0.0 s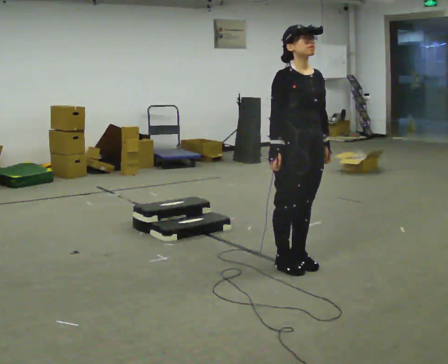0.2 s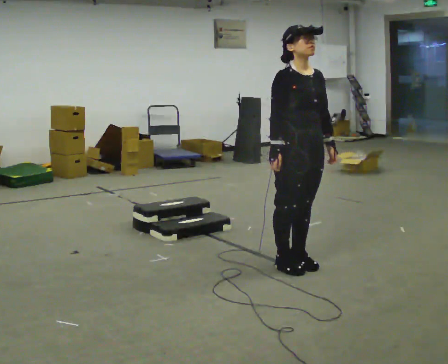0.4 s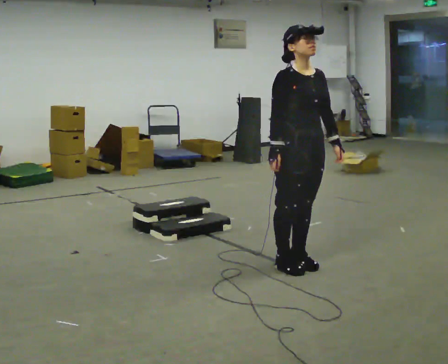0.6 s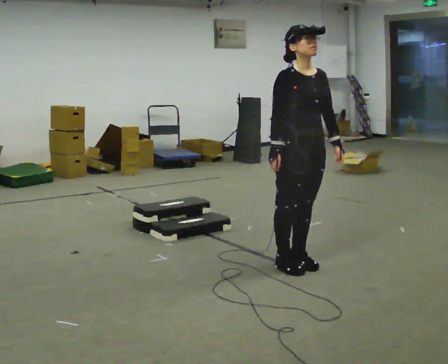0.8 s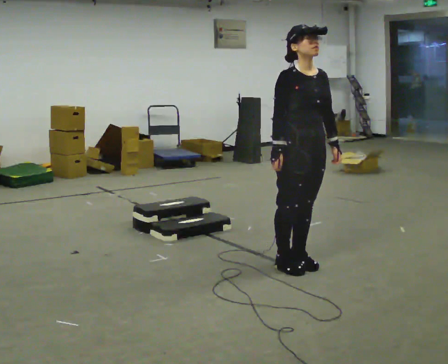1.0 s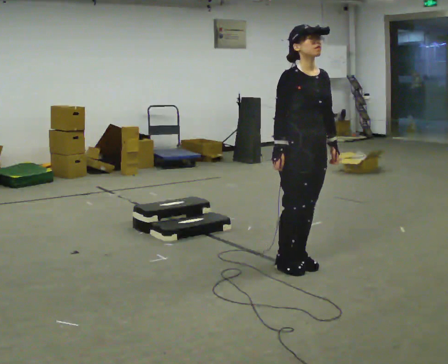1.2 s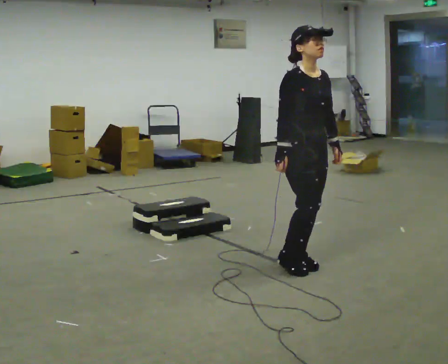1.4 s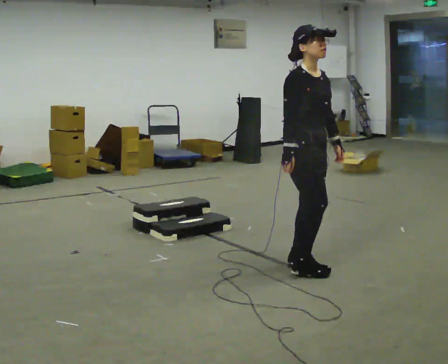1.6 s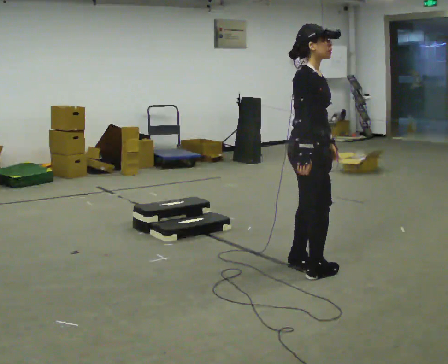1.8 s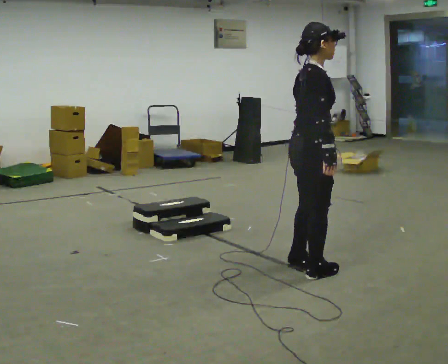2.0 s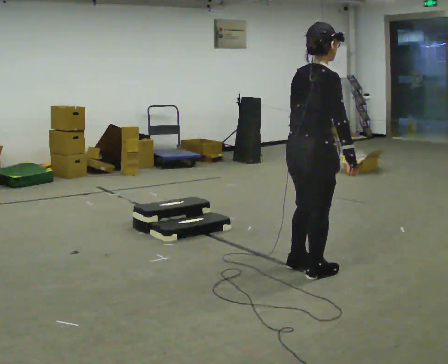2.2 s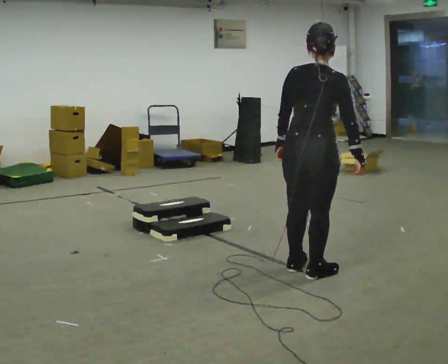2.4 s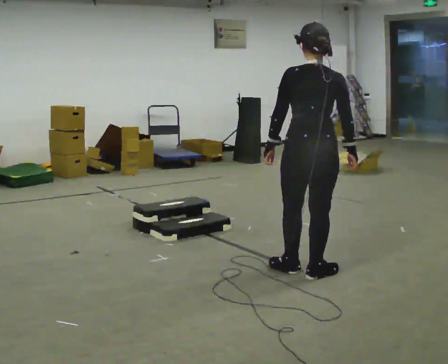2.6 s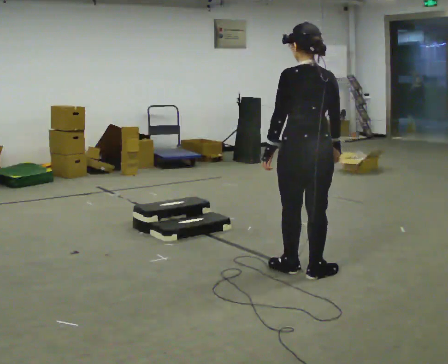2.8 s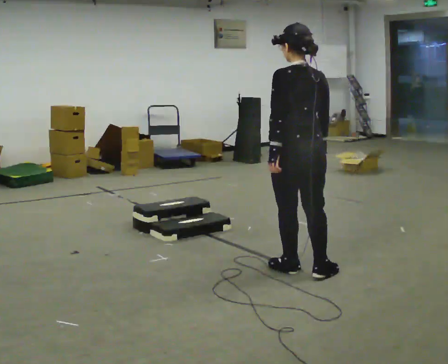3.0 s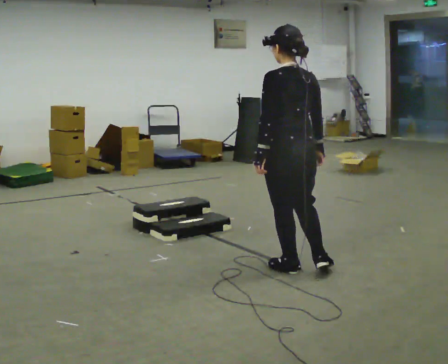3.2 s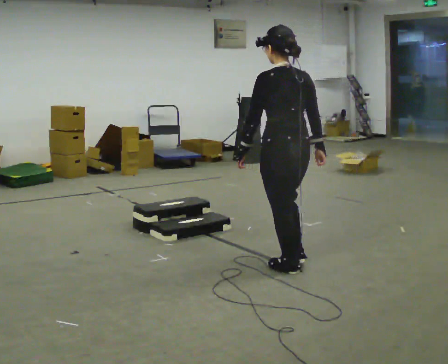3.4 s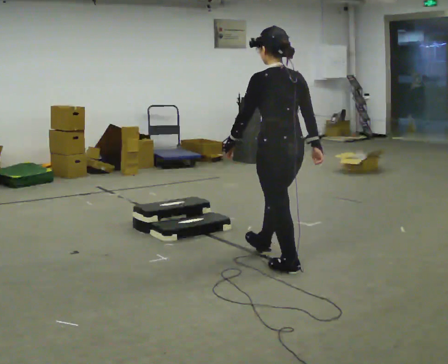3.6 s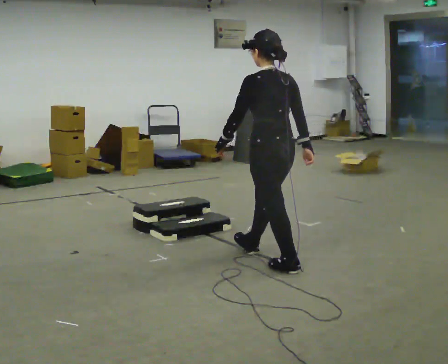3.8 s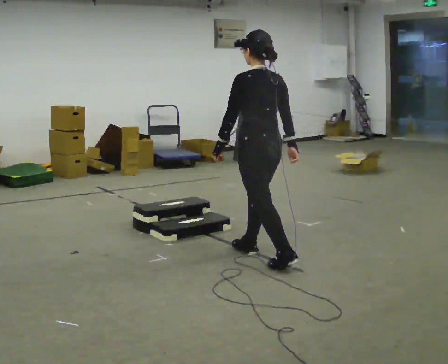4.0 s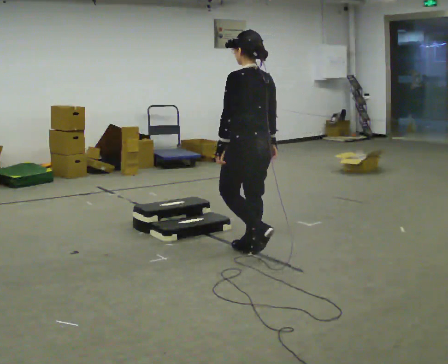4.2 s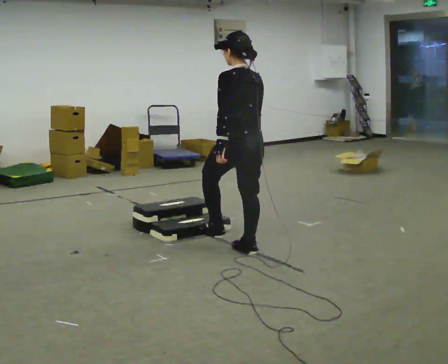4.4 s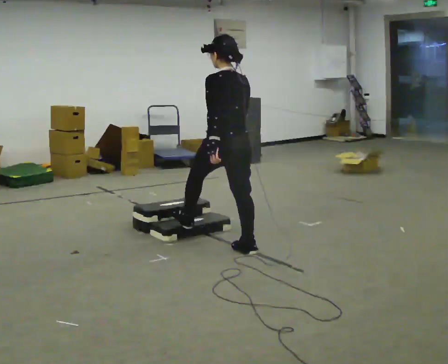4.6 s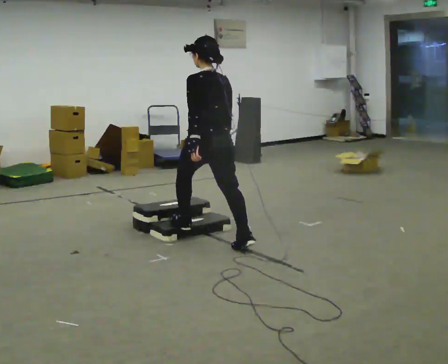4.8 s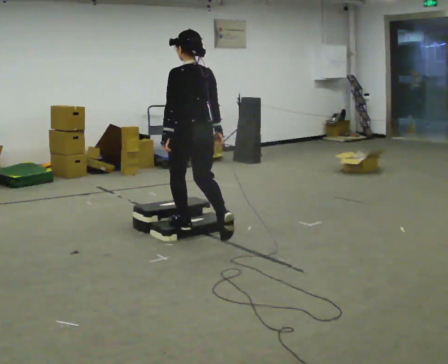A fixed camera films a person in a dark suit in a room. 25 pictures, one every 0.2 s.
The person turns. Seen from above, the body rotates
counterclockwise.
The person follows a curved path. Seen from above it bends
clockwise.
0.0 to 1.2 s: The person moves a little, or ends about where they began.
1.2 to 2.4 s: Seen from above the body turns counterclockwise, about 135 degrees: to their left, with its near side sliding to the right. In the picture they go toward the camera, about 0.25 m in 2 steps. In the picture their left hand goes to the left, the arm swinging clockwise.
2.4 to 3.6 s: Seen from above the body turns counterclockwise, about 30 degrees: to their left, with its near side sliding to the right. In the picture they go to the left and away from the camera, about 0.5 m in 1 step, which for them is forward.
3.6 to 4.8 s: In the picture they go to the left and away from the camera, about 1 m in 1 step, which for them is forward.
The film runs forward here.
